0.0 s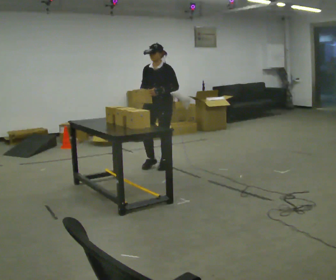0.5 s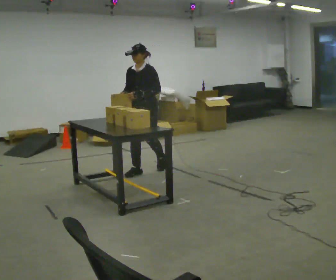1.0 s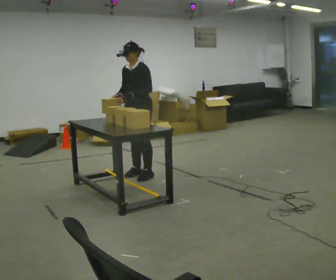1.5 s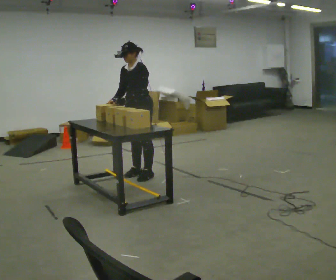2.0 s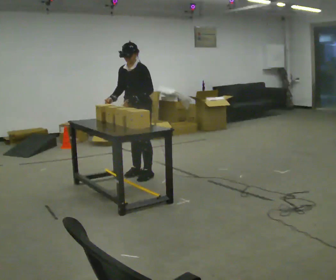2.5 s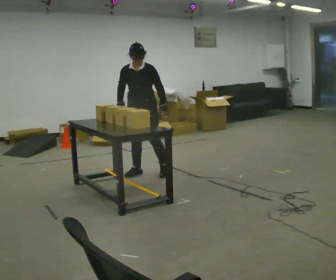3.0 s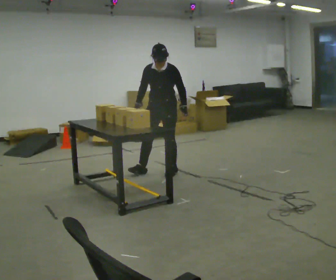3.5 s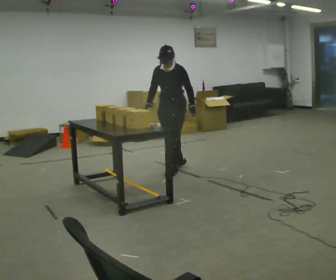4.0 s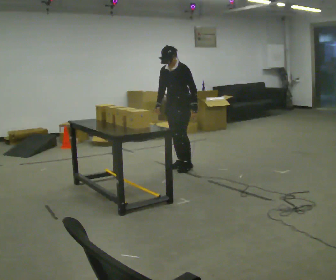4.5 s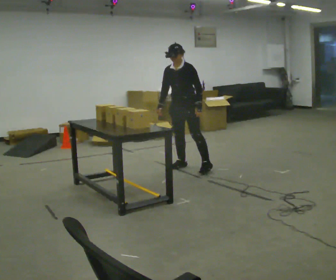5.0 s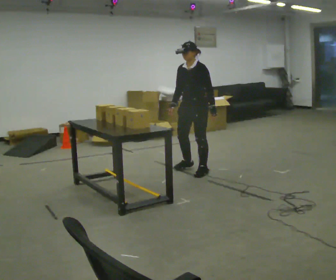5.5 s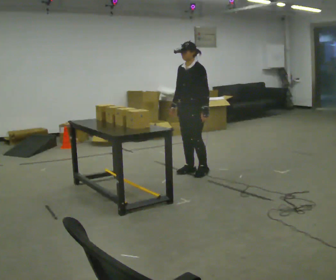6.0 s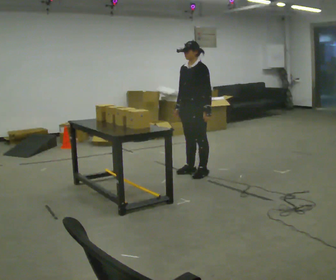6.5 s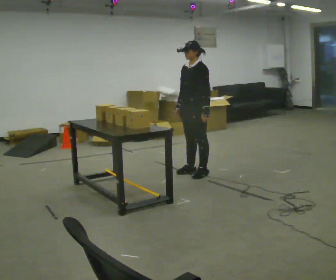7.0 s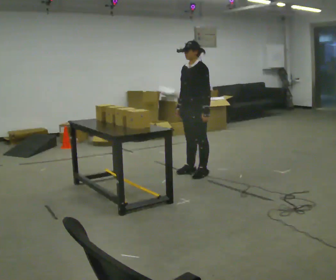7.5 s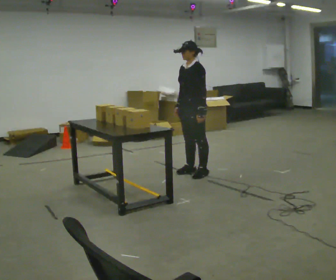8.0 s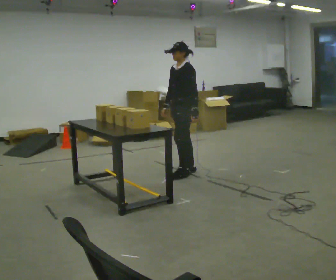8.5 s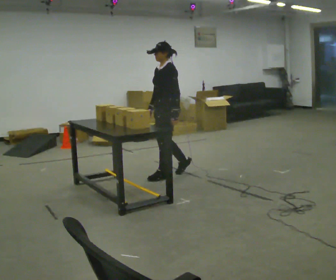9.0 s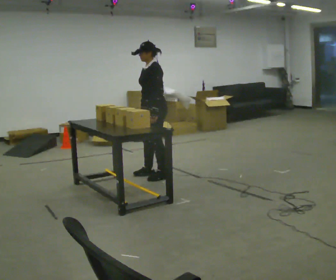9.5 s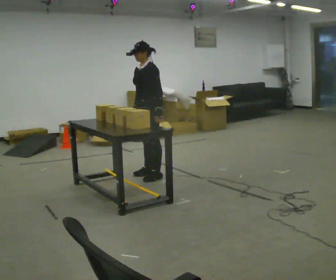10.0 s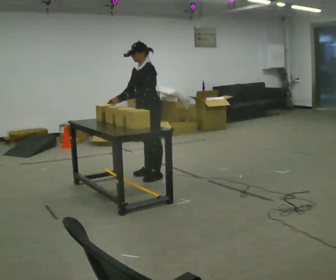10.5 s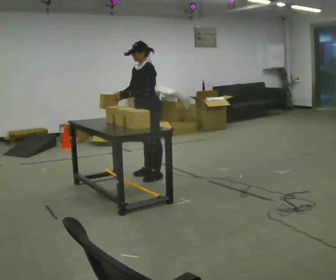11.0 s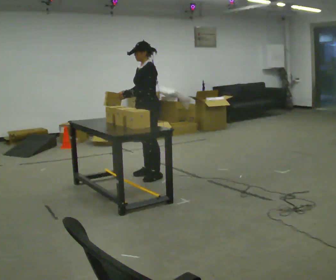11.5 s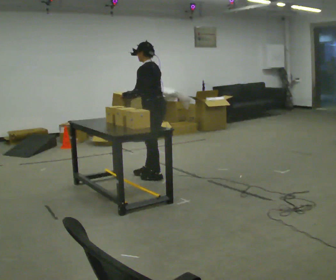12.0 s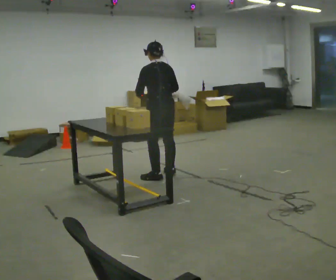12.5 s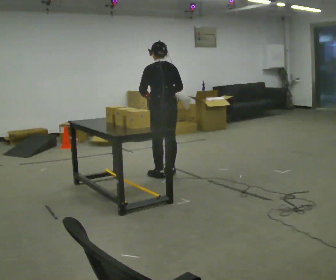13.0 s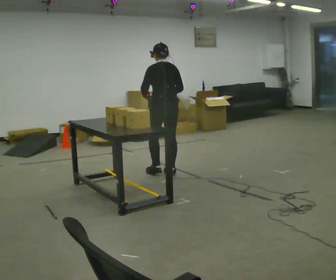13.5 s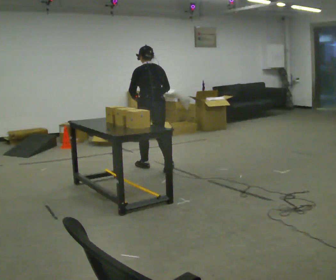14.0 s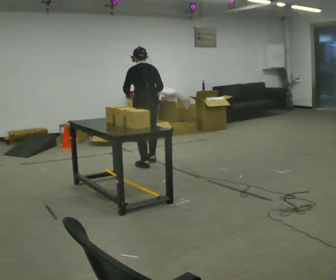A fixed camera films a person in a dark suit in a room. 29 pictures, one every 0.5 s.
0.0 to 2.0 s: In the picture they go toward the camera and to the left, about 0.5 m in 2 steps, which for them is forward.
2.0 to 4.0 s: In the picture they go to the right and away from the camera, about 0.5 m in 2 steps, which for them is backward and to their left.
4.0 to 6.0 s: In the picture they go toward the camera and to the right, about 0.25 m in 2 steps, which for them is to their left.
6.0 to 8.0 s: The person moves a little, or ends about where they began.
8.0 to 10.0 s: In the picture they go to the left, about 0.5 m in 2 steps, which for them is forward.
10.0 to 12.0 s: The person turns about 90 degrees to their right, clockwise seen from above, so the part of the body nearest the lens slides to the left. In the picture they go to the right, about 0.25 m in 1 step. In the picture their right hand goes to the right.
12.0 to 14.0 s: In the picture they go away from the camera and to the left, about 0.5 m in 2 steps, which for them is forward.
The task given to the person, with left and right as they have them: Pick an object up off the floor at one end of the room, carry it across, and place it on the waist-height shelf at the other end. Keep going until the operator says stop; one object at a time, and do not rush between trips.
The film runs forward here.
